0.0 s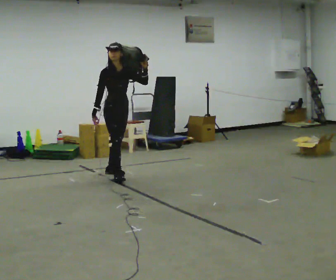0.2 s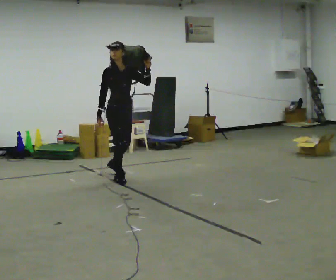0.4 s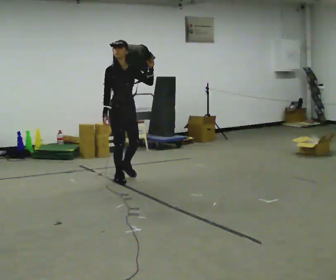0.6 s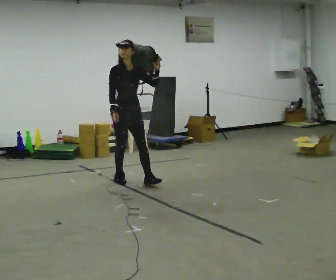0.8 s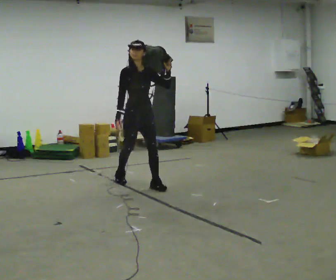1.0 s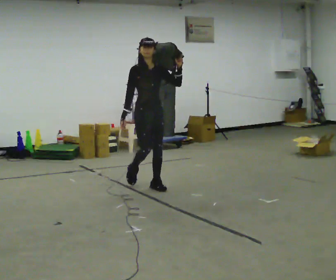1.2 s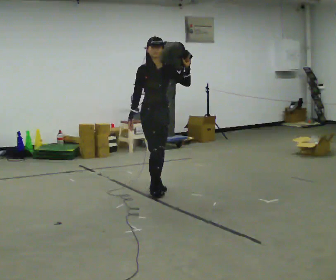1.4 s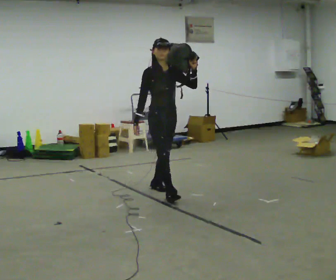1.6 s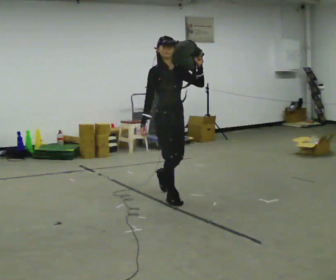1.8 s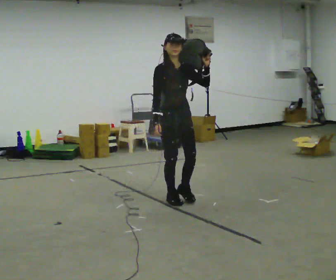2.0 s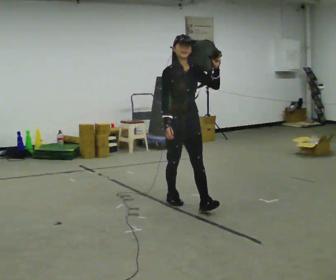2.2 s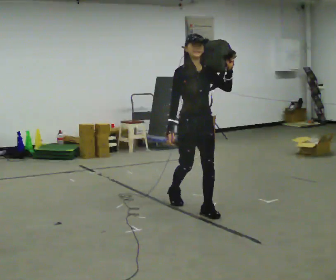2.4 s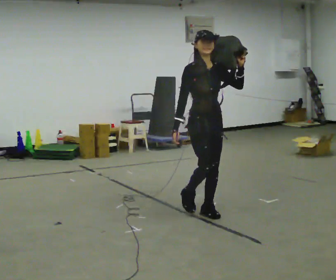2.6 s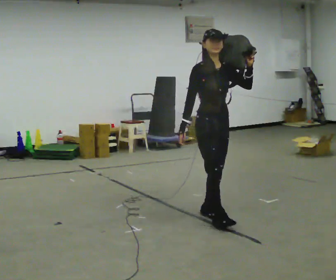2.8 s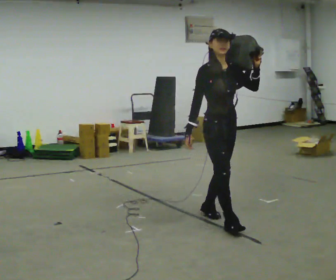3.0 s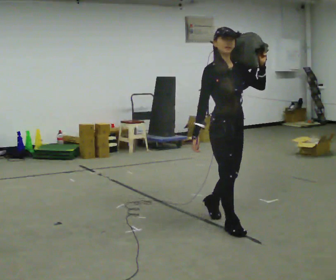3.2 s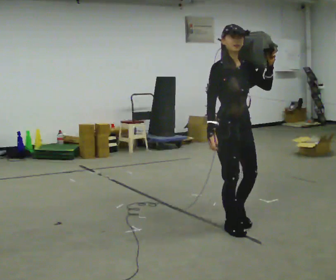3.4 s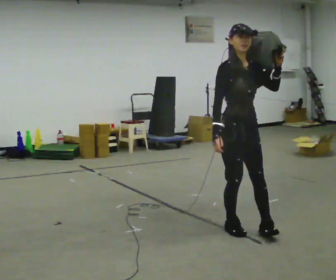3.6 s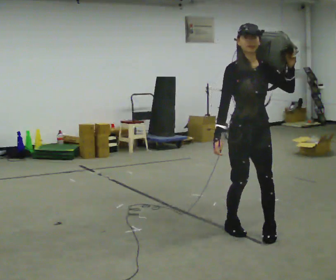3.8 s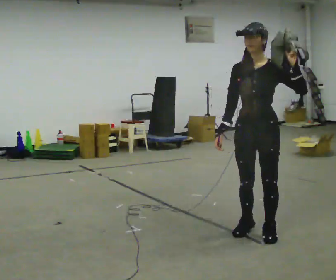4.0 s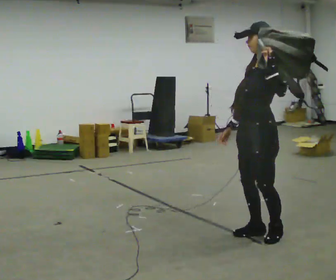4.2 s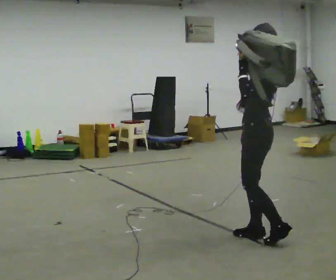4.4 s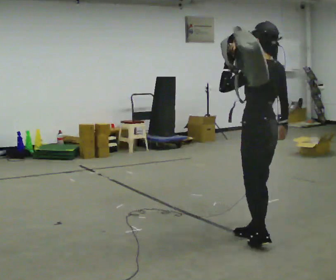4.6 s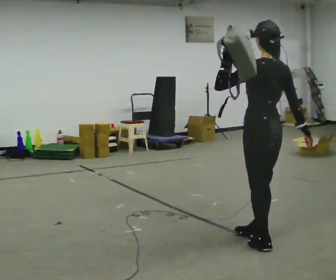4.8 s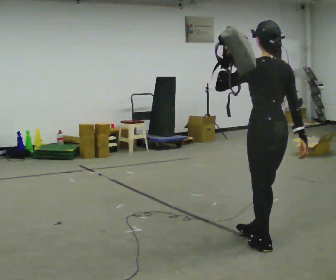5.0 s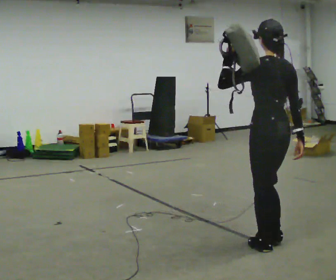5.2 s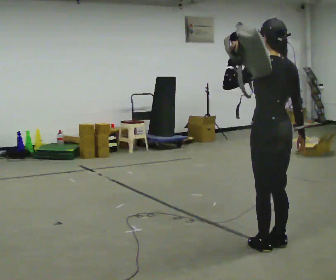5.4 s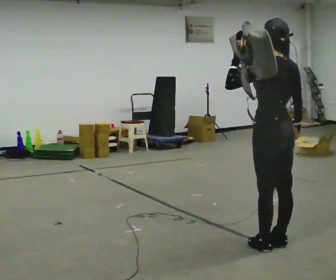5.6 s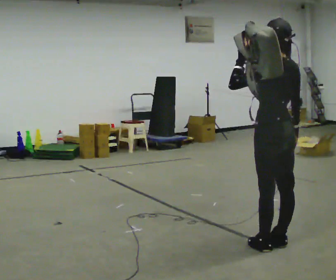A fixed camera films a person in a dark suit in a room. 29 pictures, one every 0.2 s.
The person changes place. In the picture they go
toward the camera.
0.0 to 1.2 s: In the picture they go toward the camera and to the right, about 1 m in 1 step, which for them is forward.
1.2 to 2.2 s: In the picture they go toward the camera and to the right, about 1 m in 2 steps, which for them is forward.
2.2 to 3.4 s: In the picture they go toward the camera and to the right, about 0.75 m in 1 step, which for them is forward.
3.4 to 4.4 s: Seen from above the body turns clockwise, about 180 degrees: to their right, with its near side sliding to the left. In the picture they go toward the camera, about 0.25 m in 3 steps.
4.4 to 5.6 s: In the picture they go toward the camera, about 0.25 m in 1 step, which for them is backward.
The film runs forward here.
